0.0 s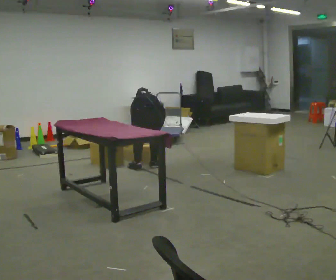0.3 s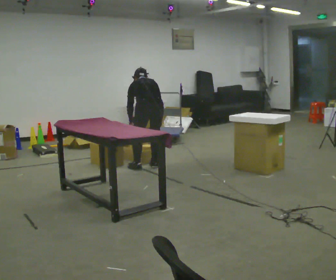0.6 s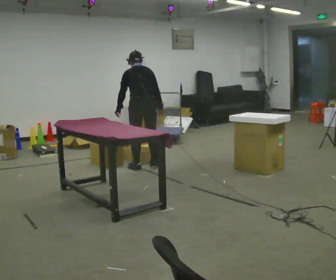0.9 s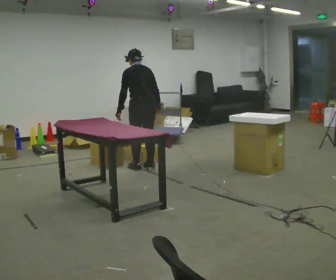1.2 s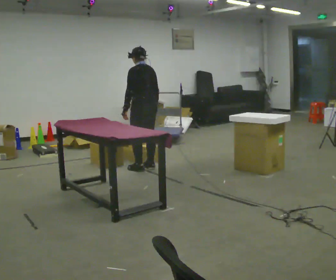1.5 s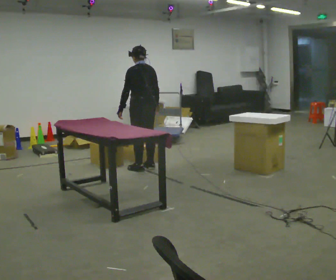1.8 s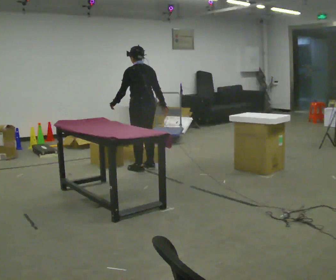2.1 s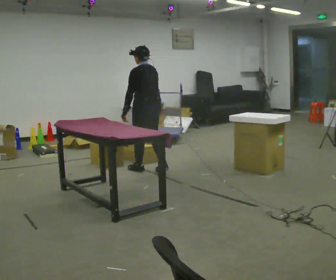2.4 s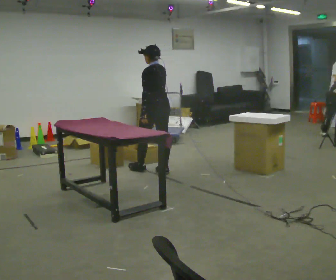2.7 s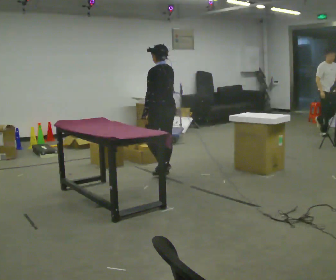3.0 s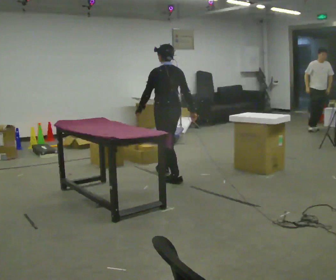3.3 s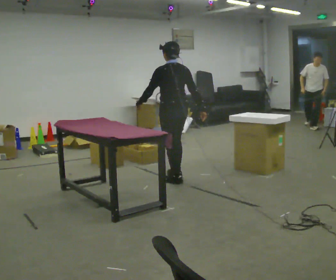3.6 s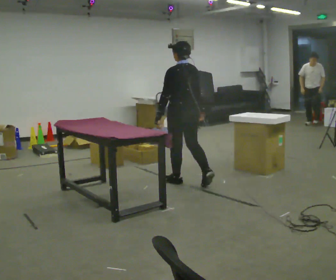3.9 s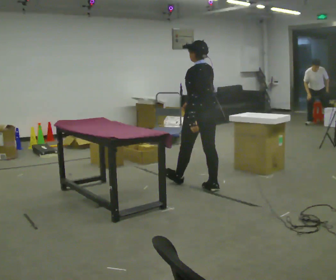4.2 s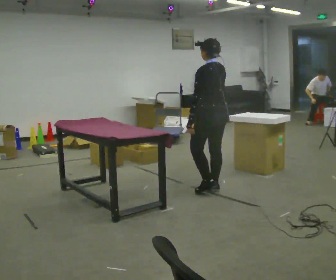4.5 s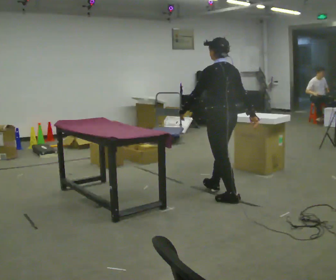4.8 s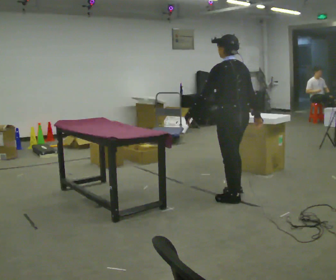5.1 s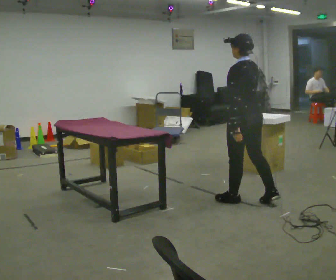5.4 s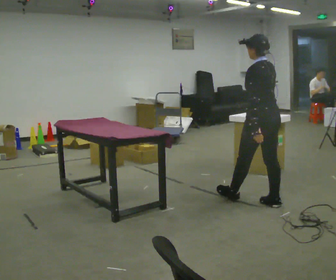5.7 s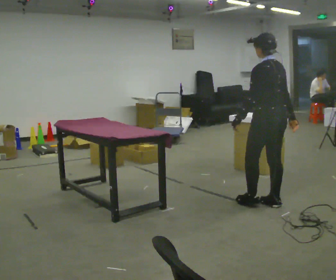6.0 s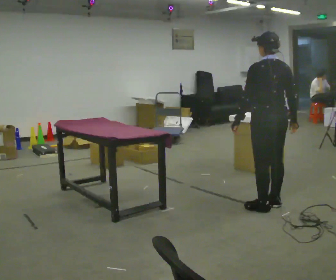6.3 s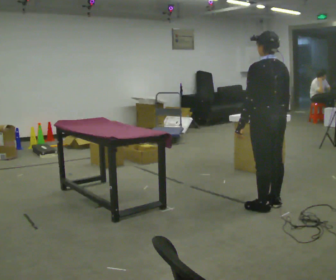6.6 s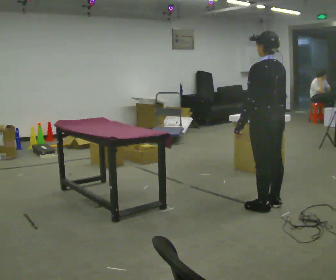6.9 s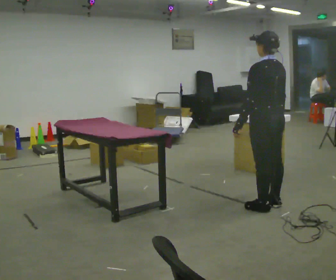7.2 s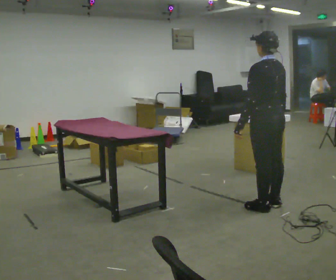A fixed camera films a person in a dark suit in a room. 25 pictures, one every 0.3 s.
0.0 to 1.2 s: The part of the body nearest the lens slides to the right as the person turns to their left by about 30 degrees. The shoulders move upward. The upper body tips toward the camera, its near side rolling downward, as they lean back or straighten. In the picture their left hand goes upward.
1.2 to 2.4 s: In the picture they go toward the camera and to the right, about 0.25 m in 2 steps, which for them is backward.
2.4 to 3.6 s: In the picture they go toward the camera and to the right, about 0.5 m in 1 step, which for them is backward.
3.6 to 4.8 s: In the picture they go toward the camera and to the right, about 1 m in 2 steps, which for them is backward.
4.8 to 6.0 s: In the picture they go to the right and toward the camera, about 0.5 m in 1 step, which for them is backward.
6.0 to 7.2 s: The person moves a little, or ends about where they began.
The film runs backward here.
